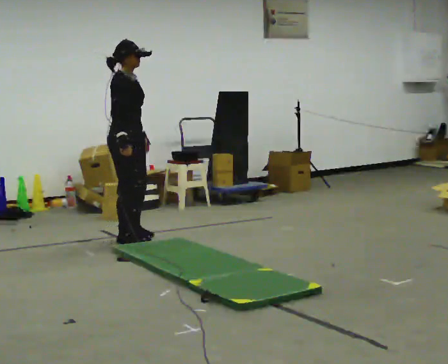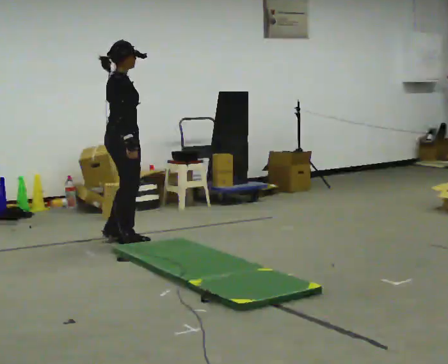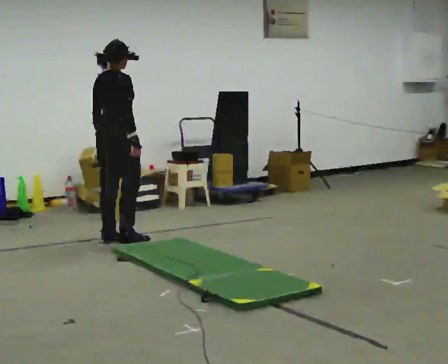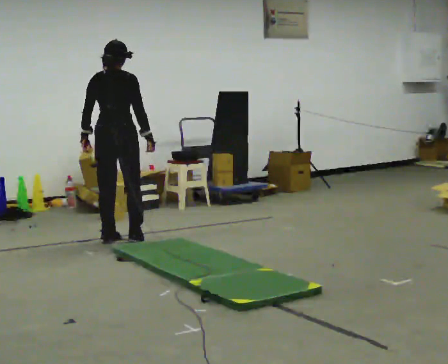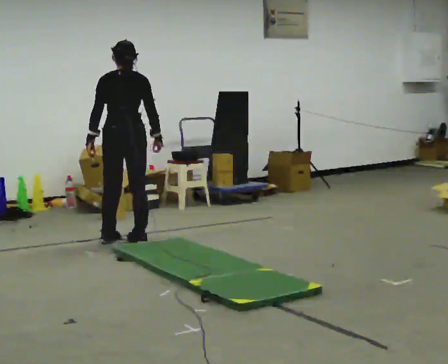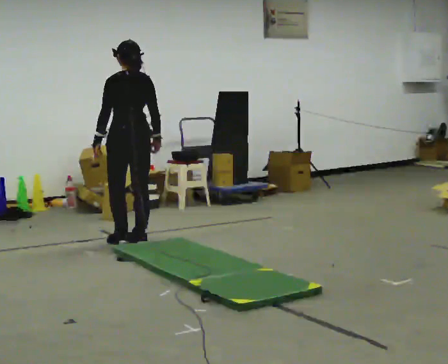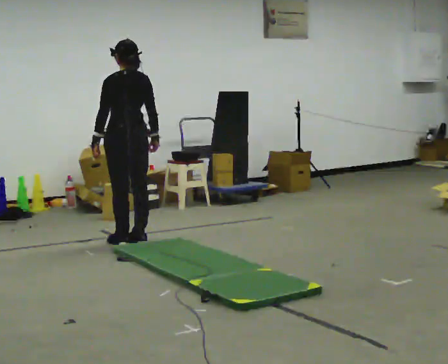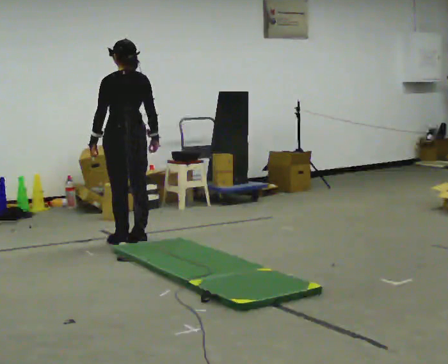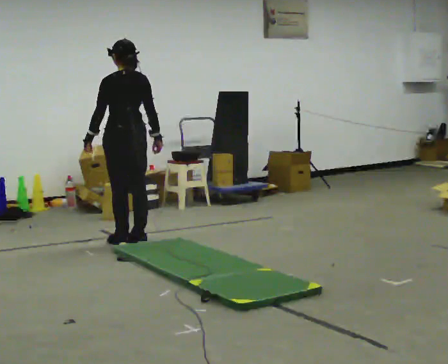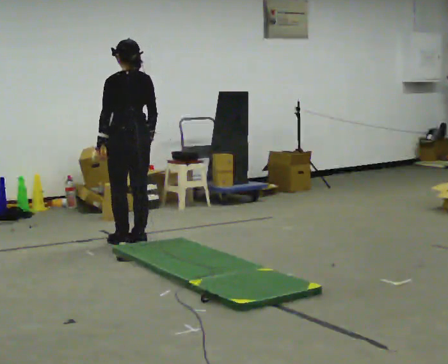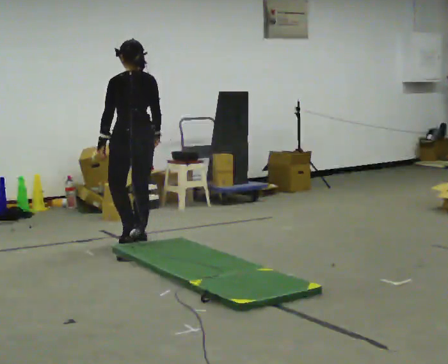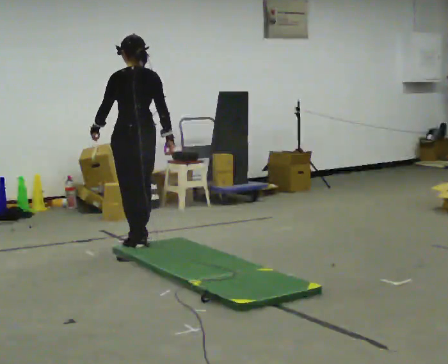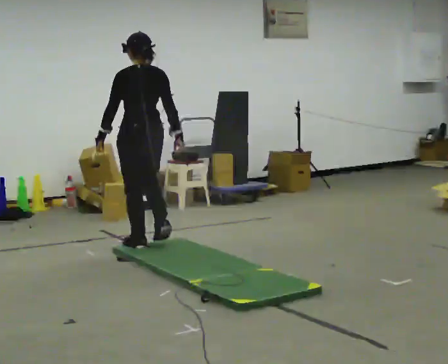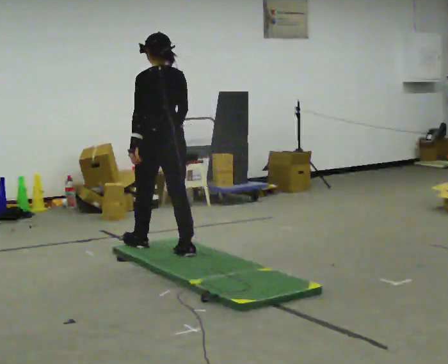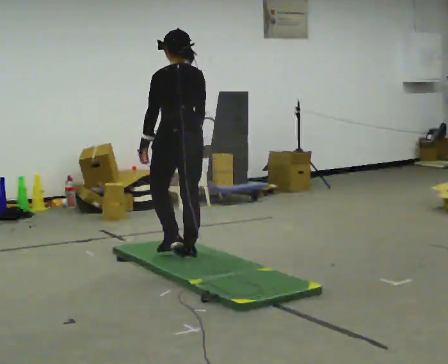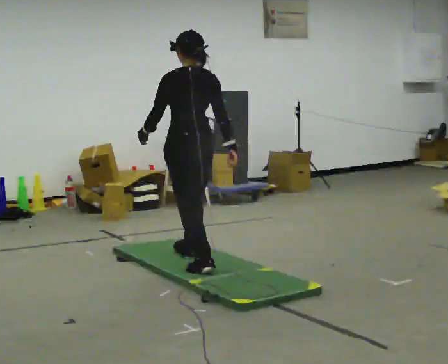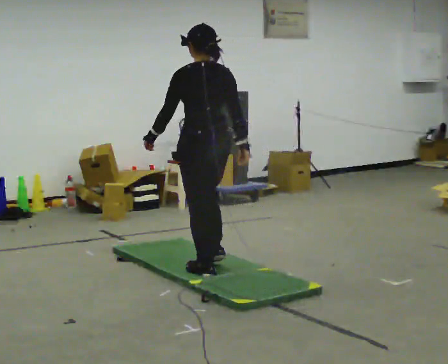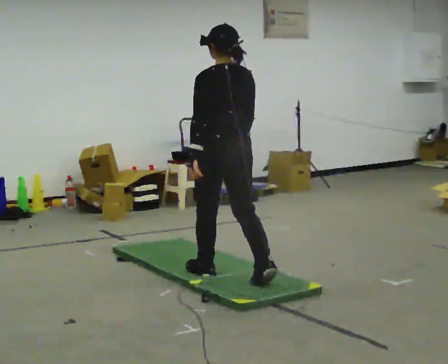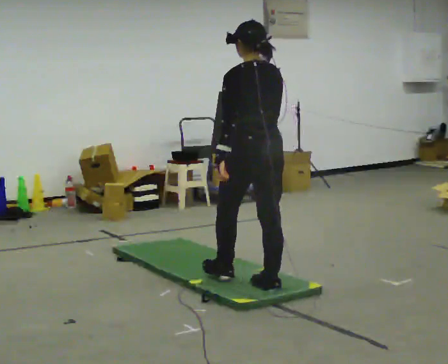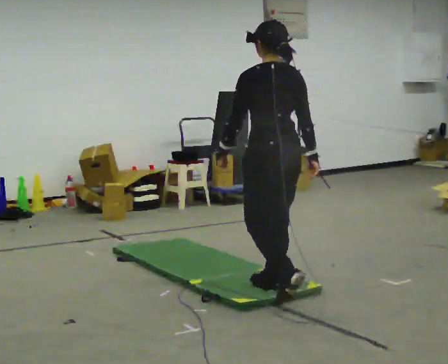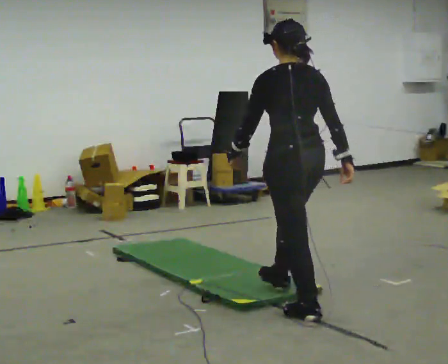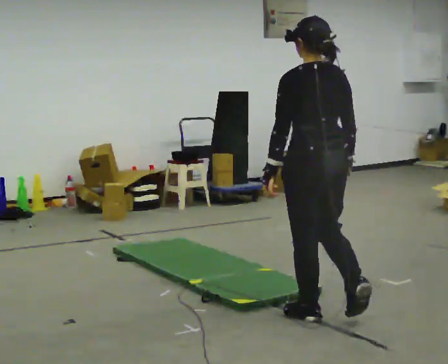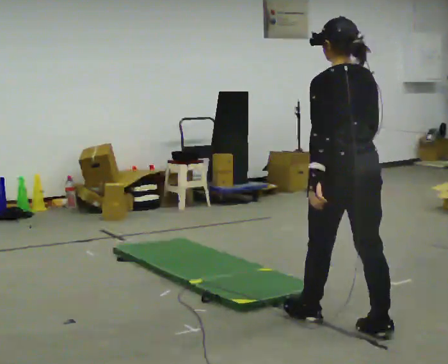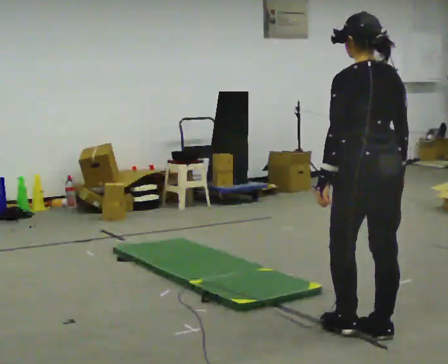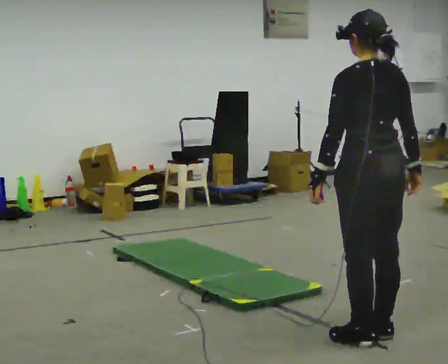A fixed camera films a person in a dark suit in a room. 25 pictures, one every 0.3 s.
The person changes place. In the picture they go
toward the camera.
0.0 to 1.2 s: Seen from above the body turns counterclockwise, about 120 degrees: to their left, with its near side sliding to the right. In the picture their left hand goes to the left, the arm swinging clockwise.
1.2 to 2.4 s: The person moves a little, or ends about where they began.
2.4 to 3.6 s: In the picture they go toward the camera, about 0.25 m in 2 steps, which for them is backward.
3.6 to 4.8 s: In the picture they go toward the camera and to the right, about 1 m in 2 steps, which for them is backward.
4.8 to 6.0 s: In the picture they go toward the camera and to the right, about 1 m in 2 steps, which for them is backward.
6.0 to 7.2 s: In the picture they go toward the camera and to the right, about 0.5 m in 1 step, which for them is backward.
The film runs backward here.
